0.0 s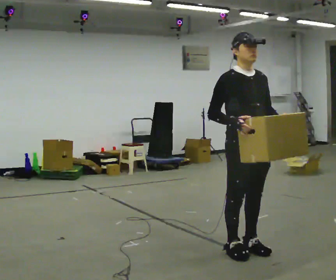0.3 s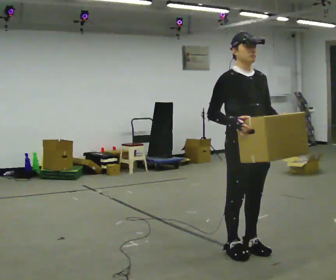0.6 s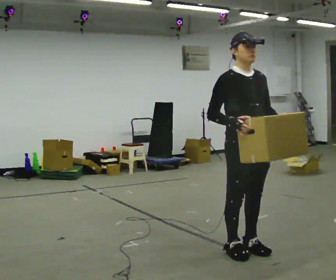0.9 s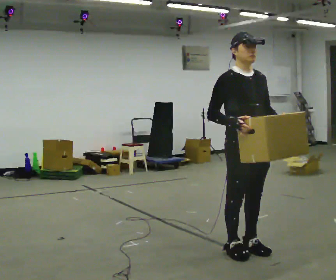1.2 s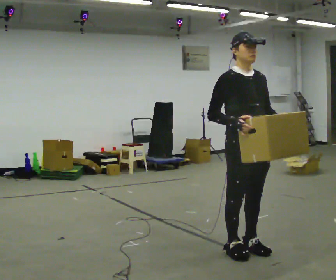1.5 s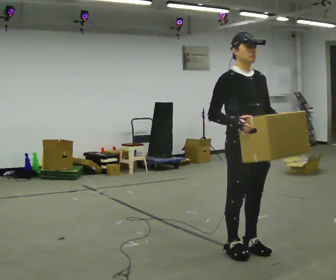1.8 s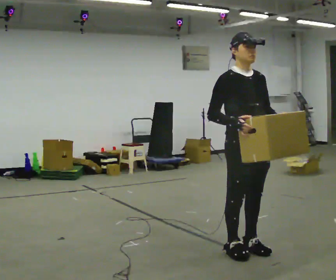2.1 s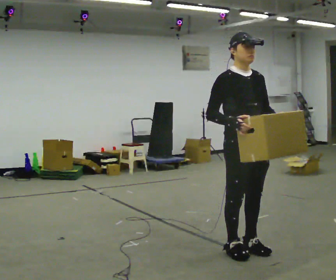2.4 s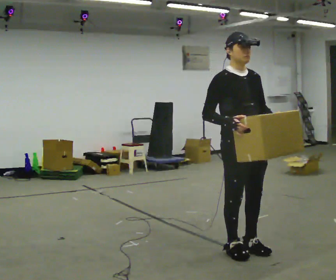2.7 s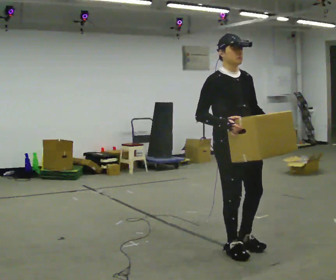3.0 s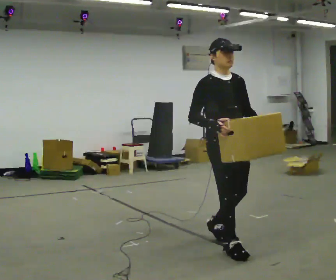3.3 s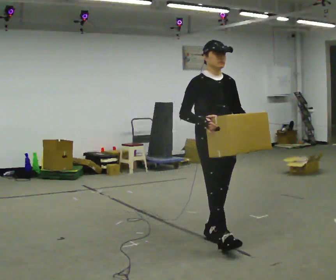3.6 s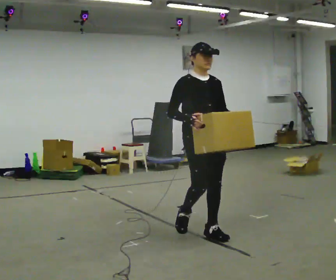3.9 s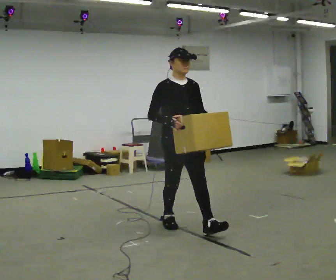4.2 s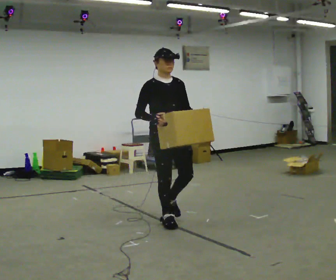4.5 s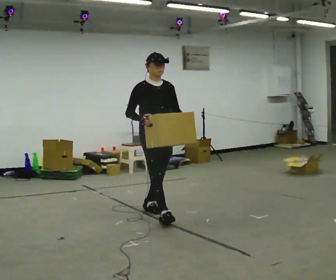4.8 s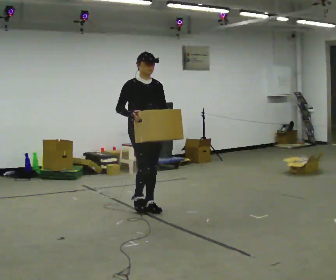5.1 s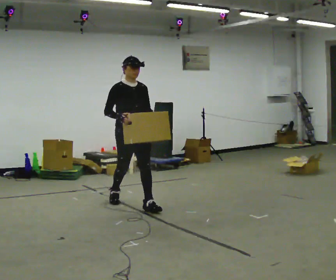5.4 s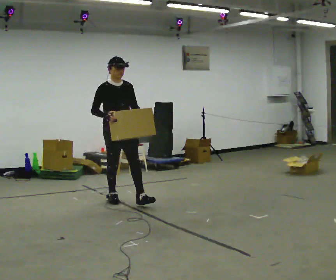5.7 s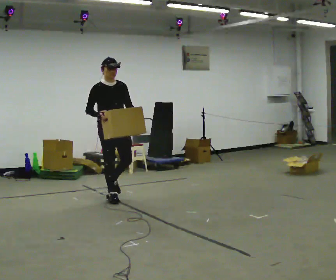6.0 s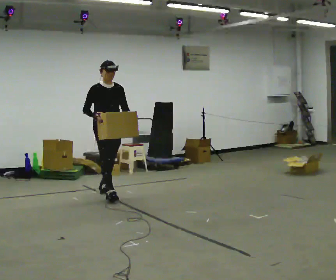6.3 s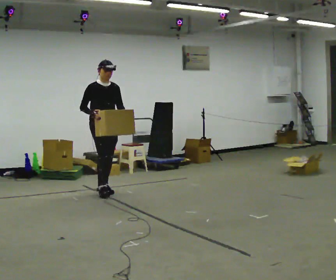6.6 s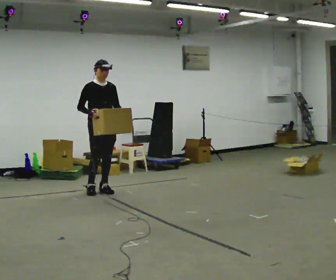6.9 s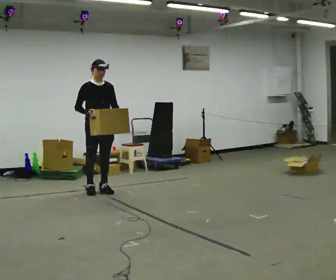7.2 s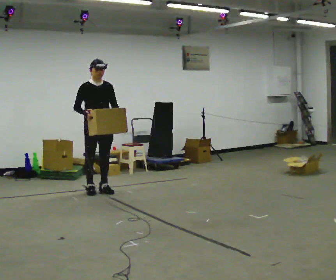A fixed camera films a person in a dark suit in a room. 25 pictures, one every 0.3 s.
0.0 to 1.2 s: The person keeps their place and pose.
1.2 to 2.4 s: The person moves a little, or ends about where they began.
2.4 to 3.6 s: In the picture they go away from the camera and to the left, about 0.5 m in 2 steps, which for them is backward.
3.6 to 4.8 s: In the picture they go away from the camera and to the left, about 1 m in 2 steps, which for them is backward.
4.8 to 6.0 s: In the picture they go away from the camera and to the left, about 1 m in 1 step, which for them is backward.
6.0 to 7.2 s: In the picture they go to the left and away from the camera, about 0.25 m in 1 step, which for them is backward.
The film runs backward here.
